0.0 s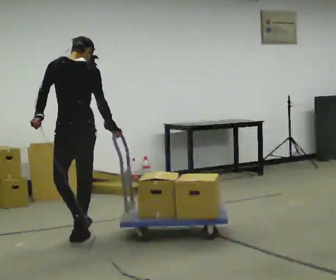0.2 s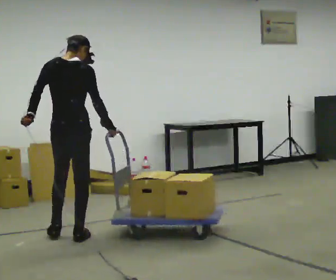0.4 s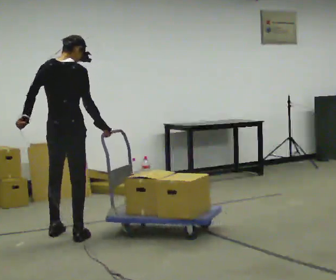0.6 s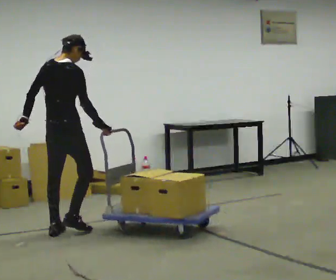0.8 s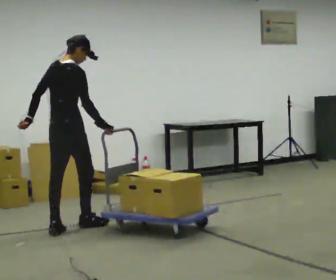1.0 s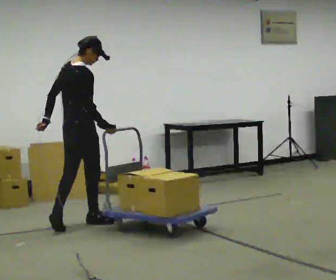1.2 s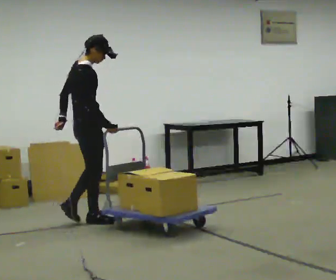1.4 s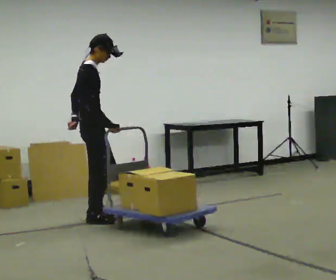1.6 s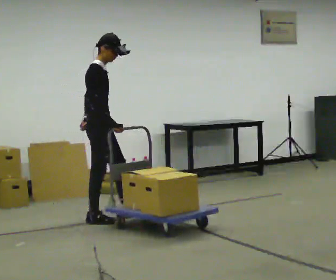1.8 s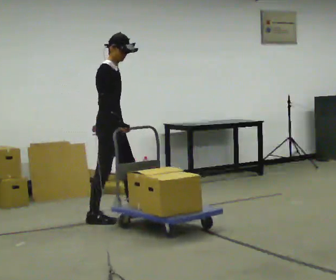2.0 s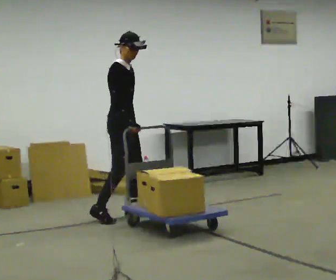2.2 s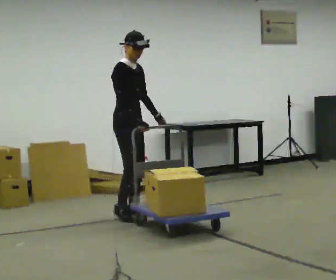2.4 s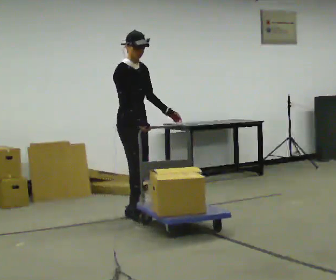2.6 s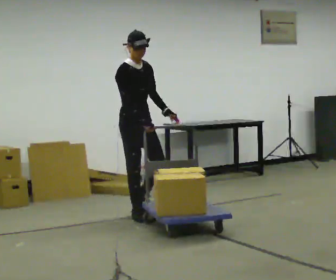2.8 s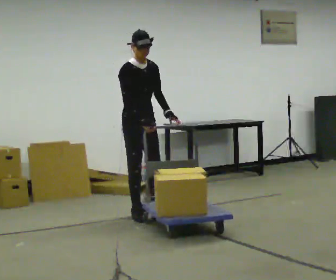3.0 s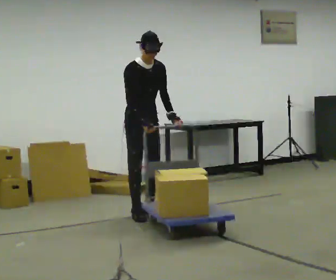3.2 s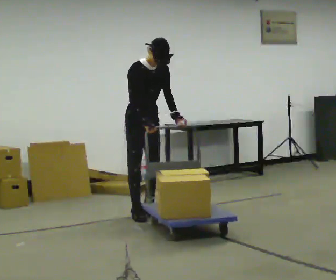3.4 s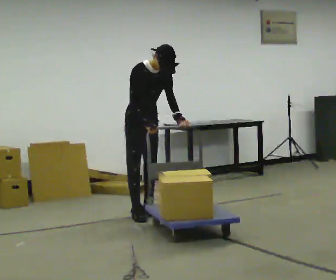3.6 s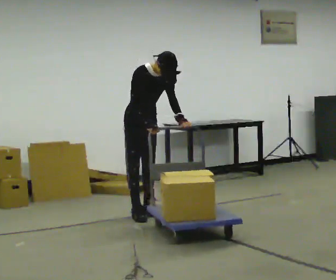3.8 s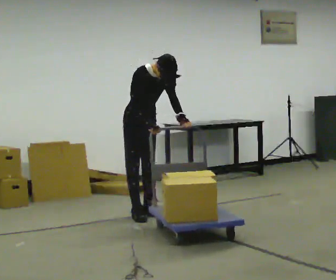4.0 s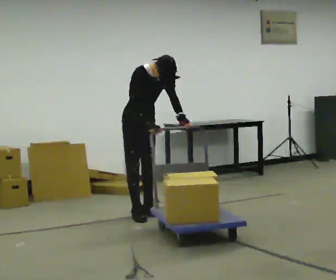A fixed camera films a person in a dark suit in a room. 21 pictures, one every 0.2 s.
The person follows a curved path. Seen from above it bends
clockwise.
The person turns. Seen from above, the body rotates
clockwise.
0.0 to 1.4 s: The person turns about 90 degrees to their right, clockwise seen from above, so the part of the body nearest the lens slides to the left. In the picture they go away from the camera, about 0.5 m in 2 steps.
1.4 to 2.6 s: The part of the body nearest the lens slides to the left as the person turns to their right by about 60 degrees. In the picture they go to the right and away from the camera, about 0.5 m in 2 steps, which for them is to their left and forward.
2.6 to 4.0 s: The upper body tips toward the camera, its near side rolling downward, as they bend forward.
The film runs forward here.
